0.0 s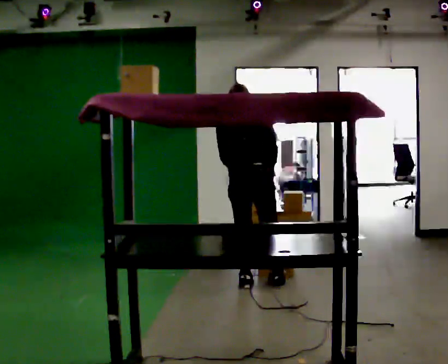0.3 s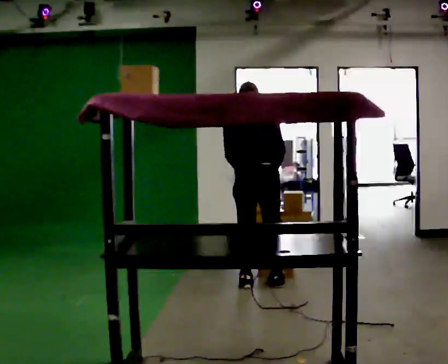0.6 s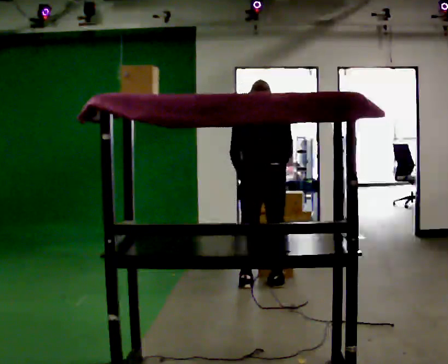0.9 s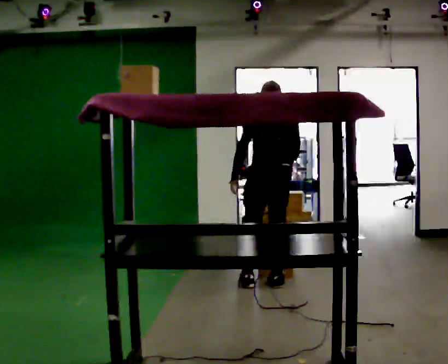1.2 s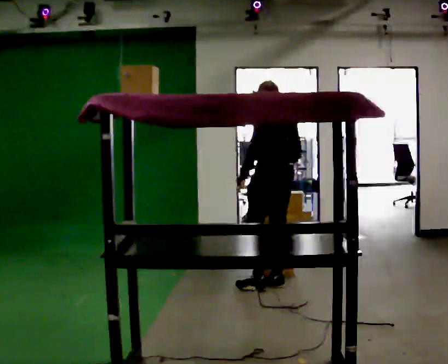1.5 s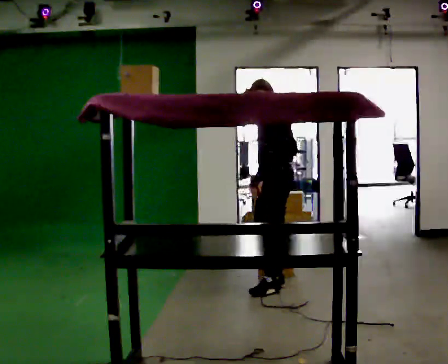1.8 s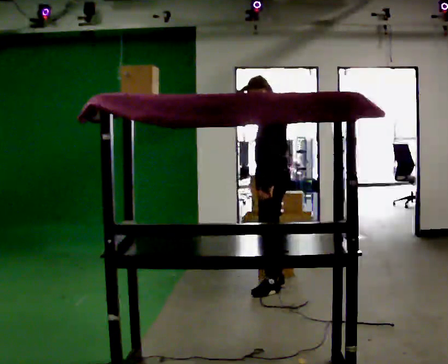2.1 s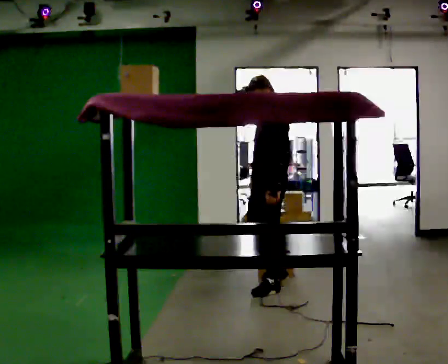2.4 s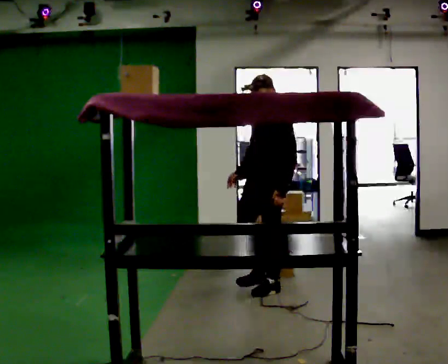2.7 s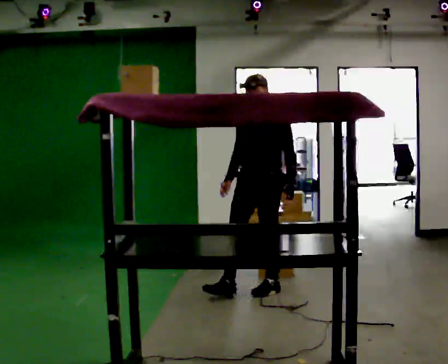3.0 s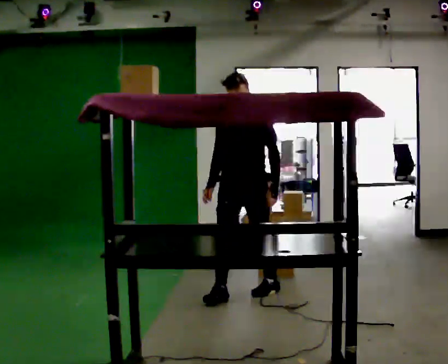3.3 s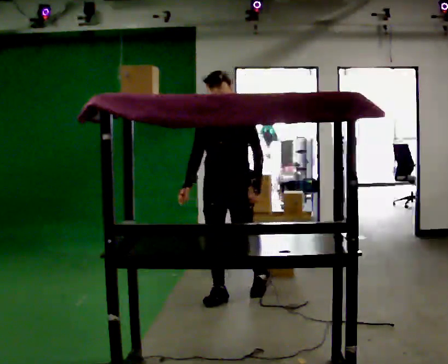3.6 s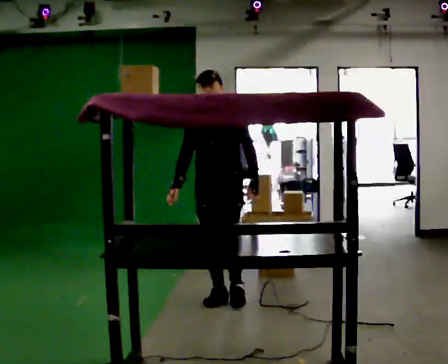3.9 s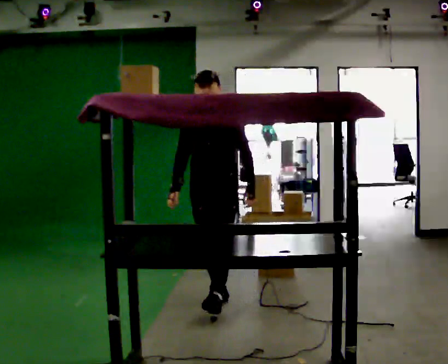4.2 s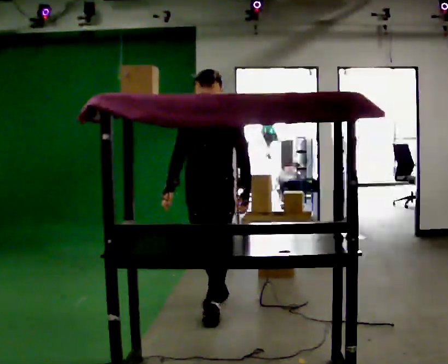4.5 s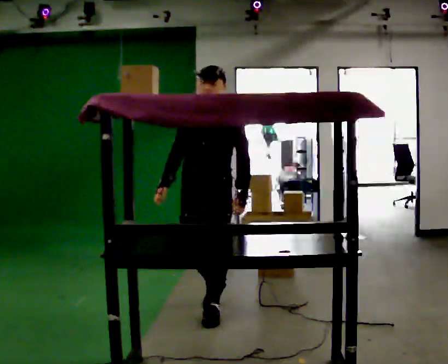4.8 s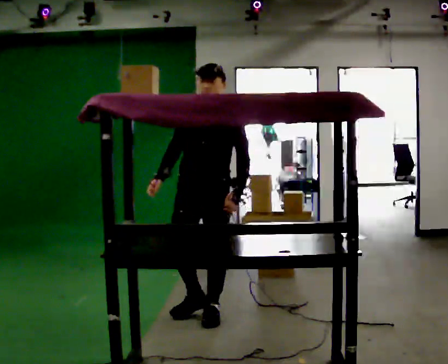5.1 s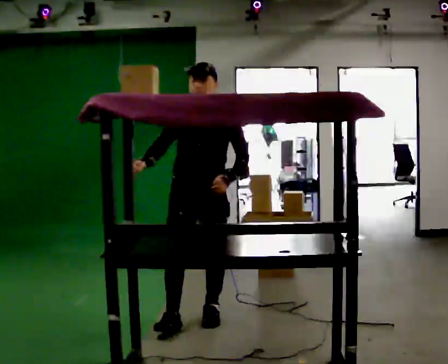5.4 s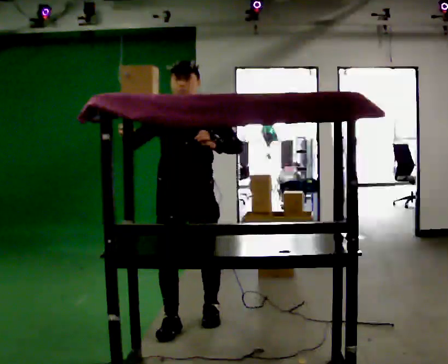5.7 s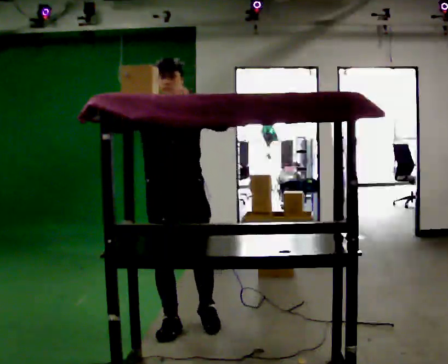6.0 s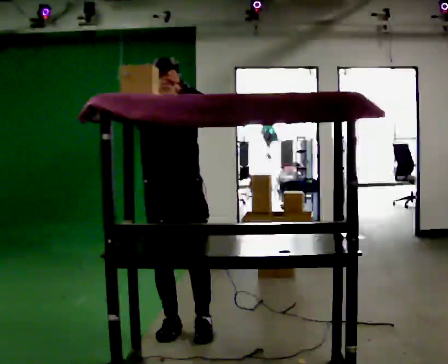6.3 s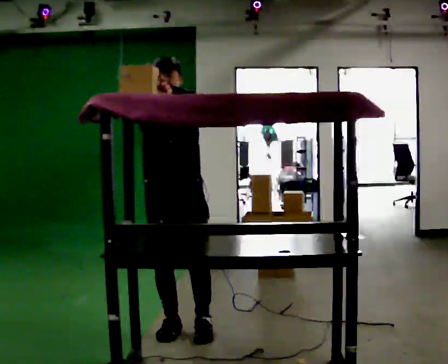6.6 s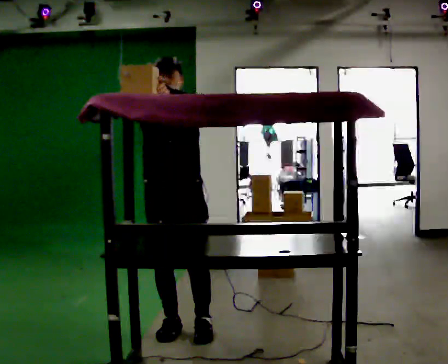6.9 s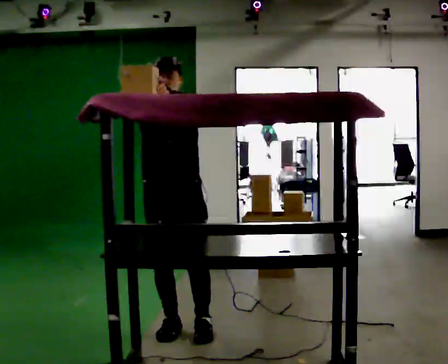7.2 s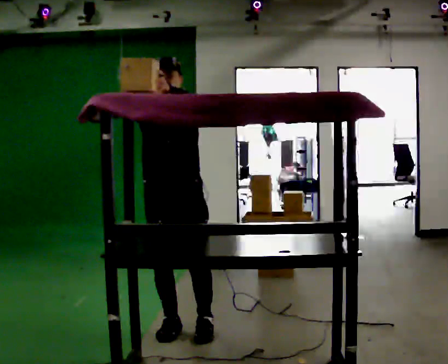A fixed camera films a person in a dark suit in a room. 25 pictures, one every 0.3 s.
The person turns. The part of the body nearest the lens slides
to the right.
The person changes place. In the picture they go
toward the camera.
0.0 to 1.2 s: The person turns about 60 degrees to their left, counterclockwise seen from above, so the part of the body nearest the lens slides to the right. In the picture they go to the right, about 0.25 m, which for them is to their right.
1.2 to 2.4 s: The person turns about 75 degrees to their left, counterclockwise seen from above, so the part of the body nearest the lens slides to the right. In the picture they go toward the camera, about 0.25 m in 1 step. In the picture their left hand goes to the right, the arm swinging counterclockwise.
2.4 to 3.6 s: Seen from above the body turns counterclockwise, about 30 degrees: to their left, with its near side sliding to the right. In the picture they go to the left and toward the camera, about 0.5 m in 1 step, which for them is forward and to their right.
3.6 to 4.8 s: In the picture they go toward the camera, about 0.5 m in 1 step, which for them is forward.
4.8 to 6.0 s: In the picture they go toward the camera and to the left, about 0.25 m in 2 steps, which for them is forward and to their right. In the picture their right hand goes upward.
6.0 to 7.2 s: The person moves a little, or ends about where they began.
The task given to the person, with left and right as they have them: Reach up into the bin on the top shelf, take out one object at a time, and carry it to the table. Keep going until the operator says stop; one object at a time, and do not rush between trips.
The film runs forward here.
